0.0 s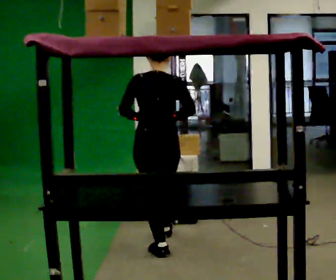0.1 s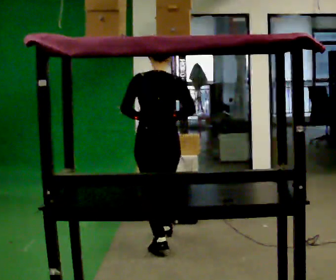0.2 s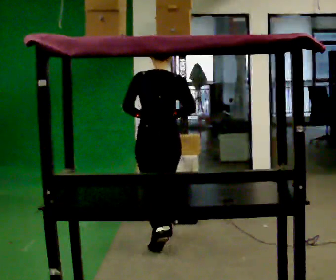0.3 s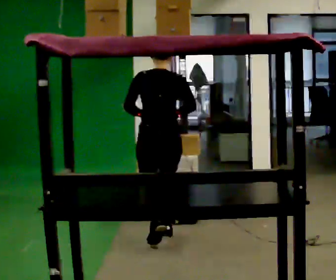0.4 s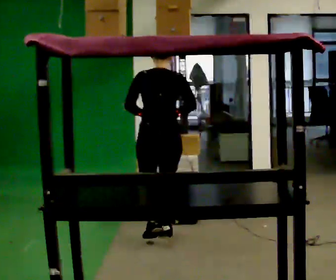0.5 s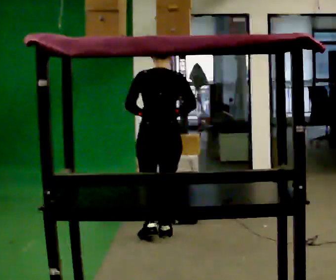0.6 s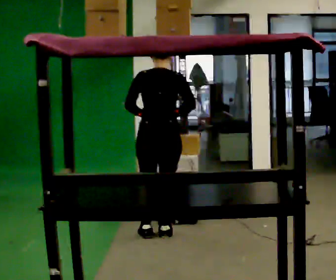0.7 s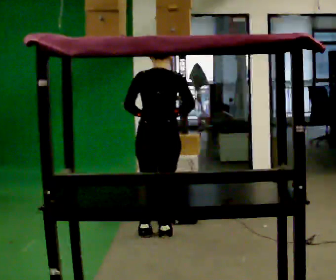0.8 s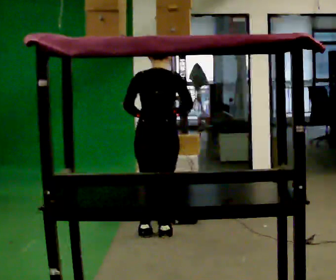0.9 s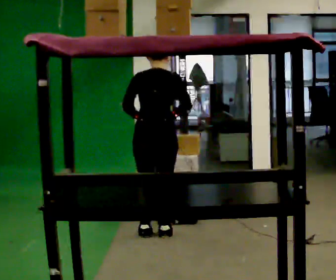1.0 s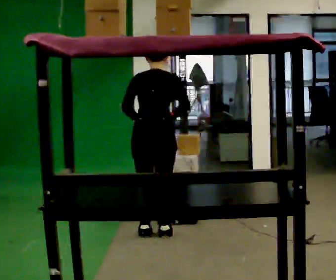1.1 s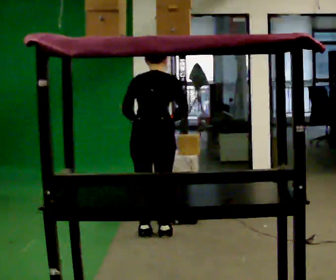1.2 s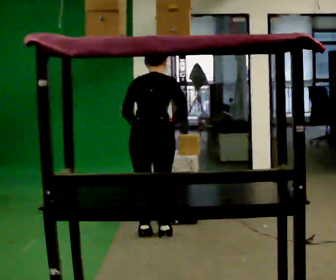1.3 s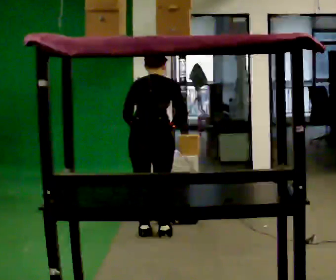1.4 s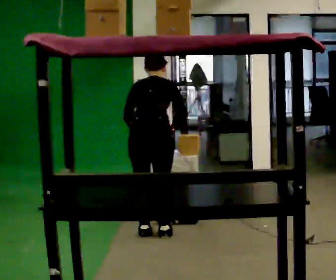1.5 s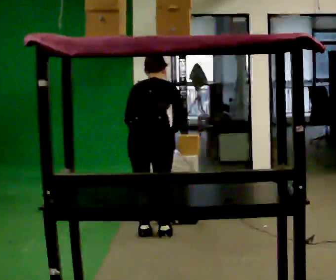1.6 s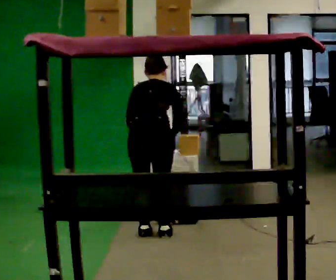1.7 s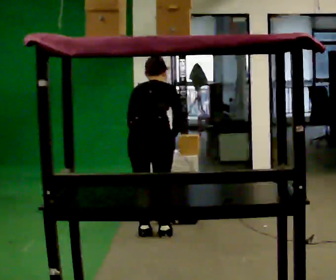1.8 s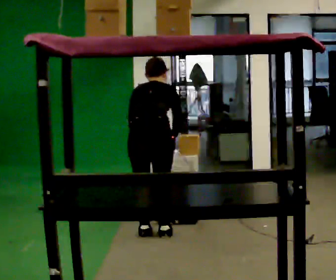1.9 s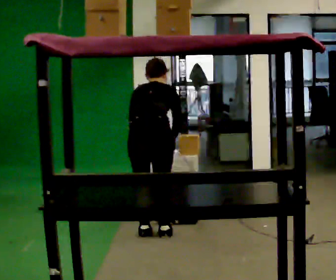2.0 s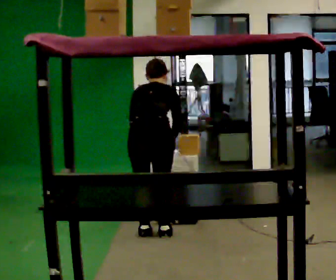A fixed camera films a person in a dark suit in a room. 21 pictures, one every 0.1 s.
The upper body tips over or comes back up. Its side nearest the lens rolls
upward.
0.0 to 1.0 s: In the picture they go away from the camera, about 0.25 m in 1 step, which for them is forward. The upper body tips away from the camera, its near side rolling upward, as they bend forward.
1.0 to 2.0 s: The upper body tips away from the camera, its near side rolling upward, as they bend forward.
The film runs forward here.
